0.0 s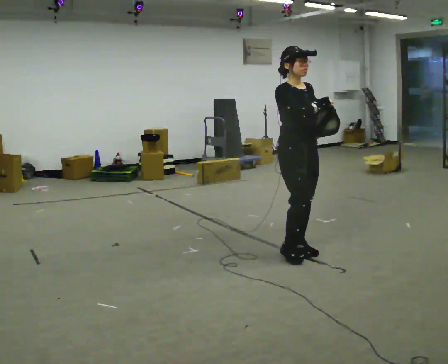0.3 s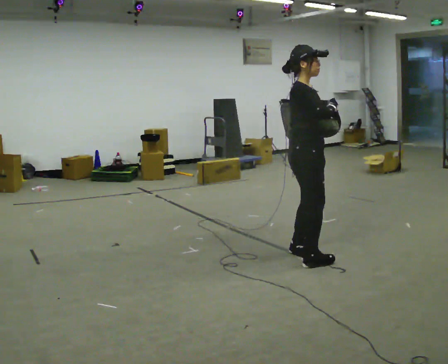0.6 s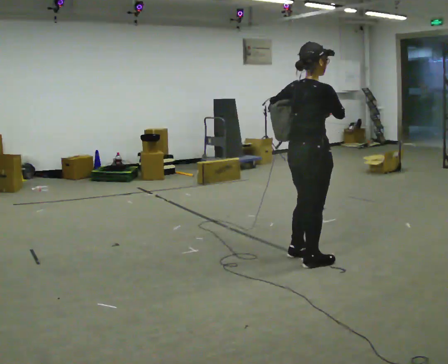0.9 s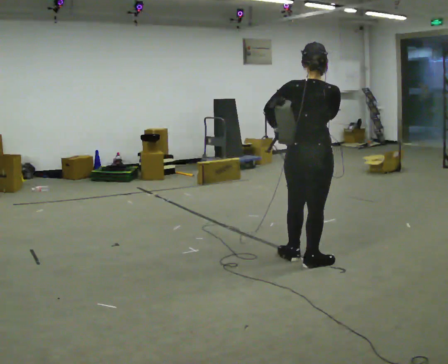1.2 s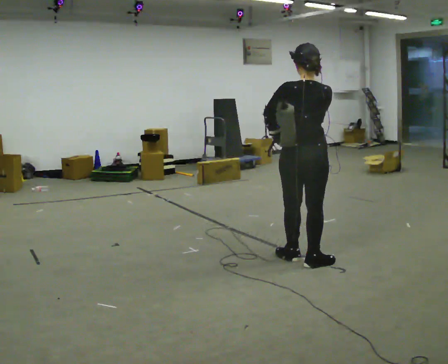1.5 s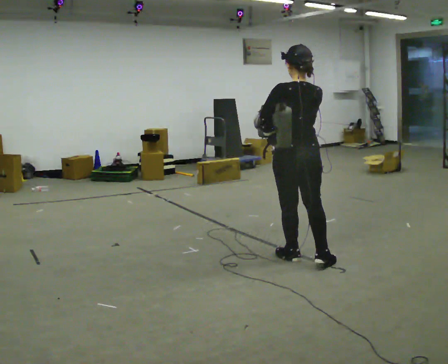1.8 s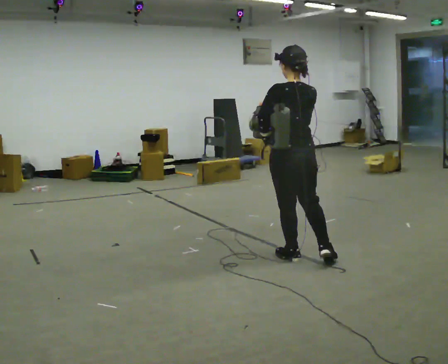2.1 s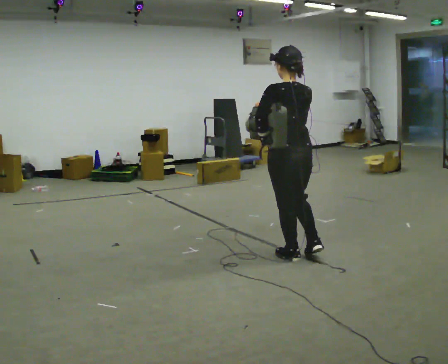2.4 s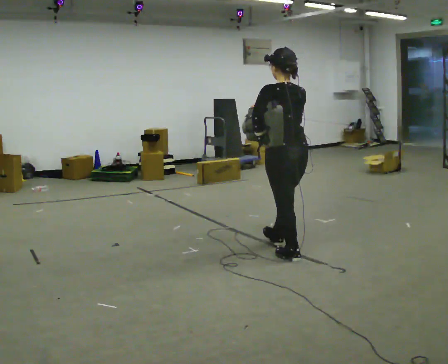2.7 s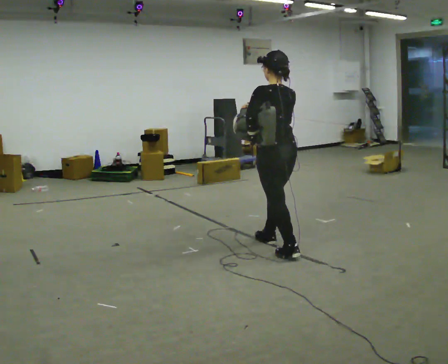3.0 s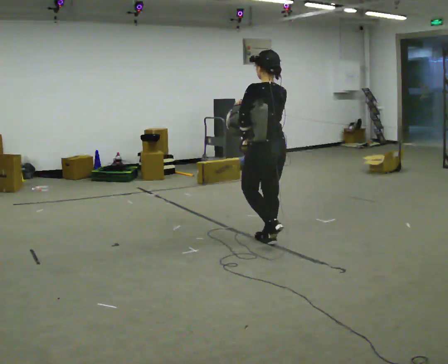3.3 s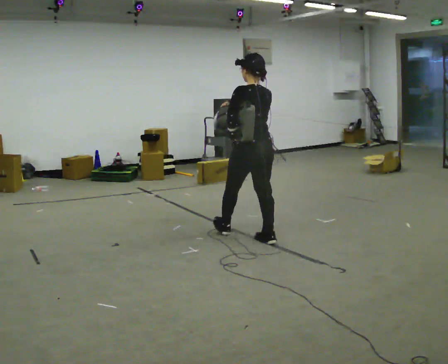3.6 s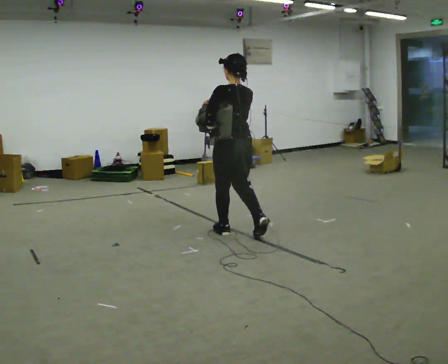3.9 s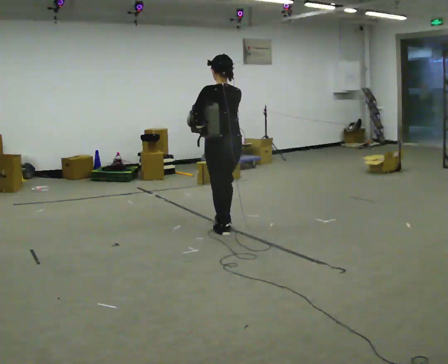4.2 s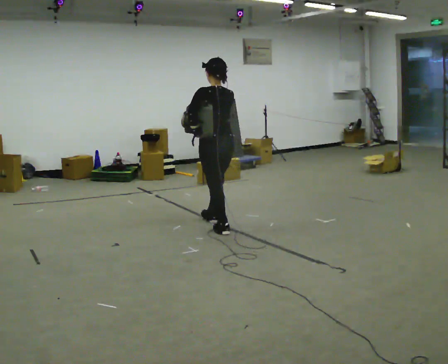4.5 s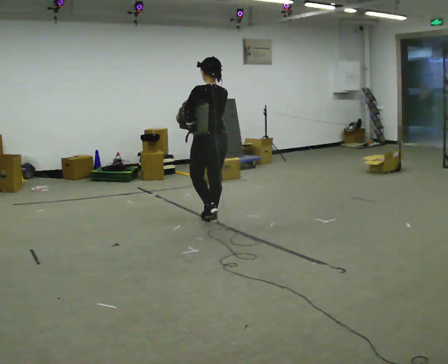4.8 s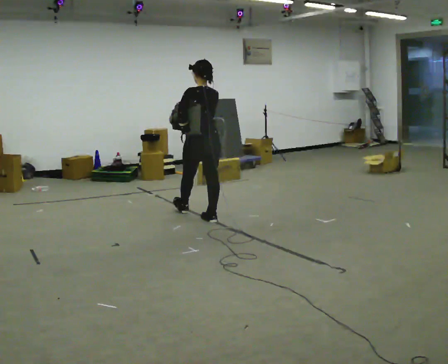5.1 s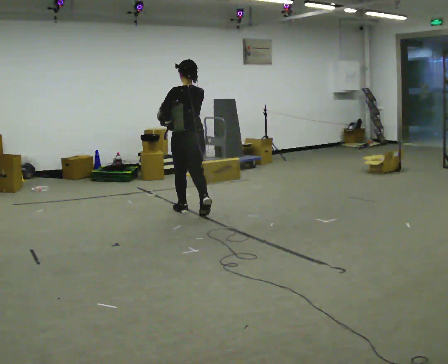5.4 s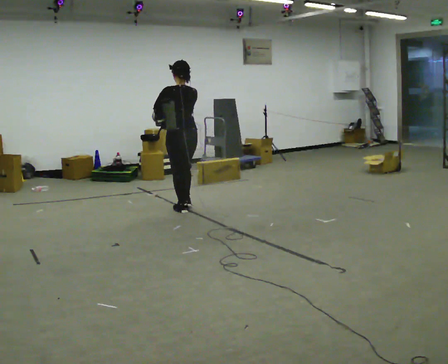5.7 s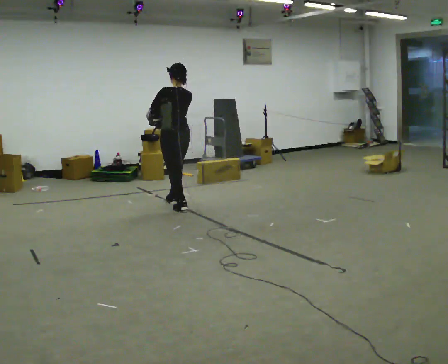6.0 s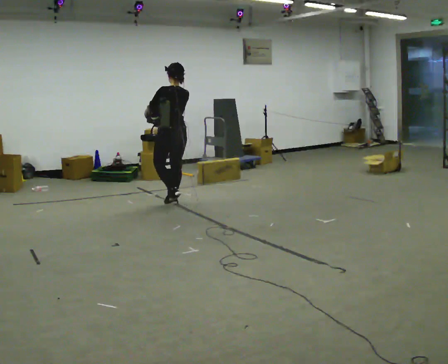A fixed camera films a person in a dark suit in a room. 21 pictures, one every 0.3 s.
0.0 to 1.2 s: The part of the body nearest the lens slides to the right as the person turns to their left by about 135 degrees. In the picture they go toward the camera, about 0.25 m in 2 steps.
1.2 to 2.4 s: The person moves a little, or ends about where they began.
2.4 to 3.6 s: In the picture they go away from the camera and to the left, about 0.5 m in 2 steps, which for them is forward.
3.6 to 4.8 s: In the picture they go away from the camera and to the left, about 0.75 m in 1 step, which for them is forward.
4.8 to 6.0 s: In the picture they go away from the camera and to the left, about 1 m in 2 steps, which for them is forward.
The film runs forward here.
